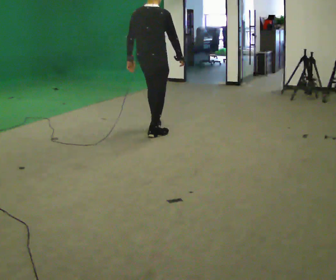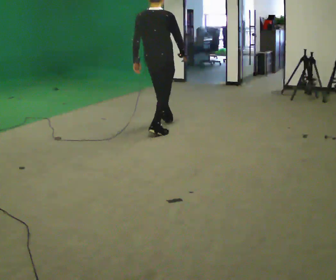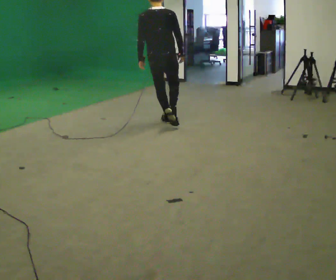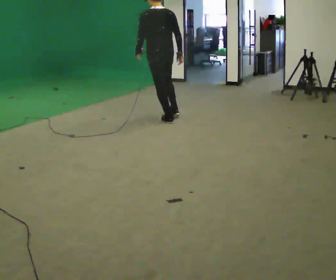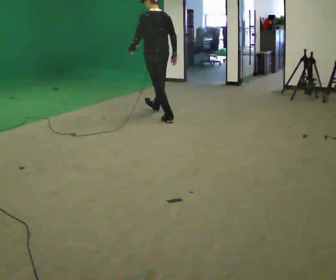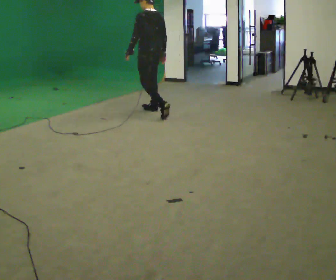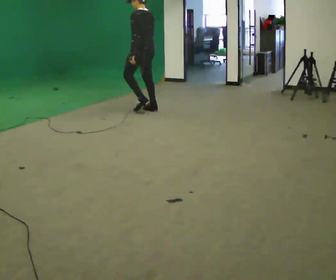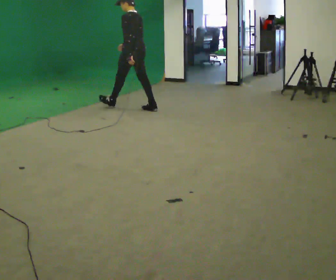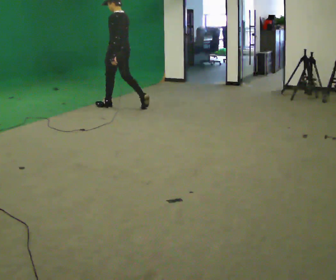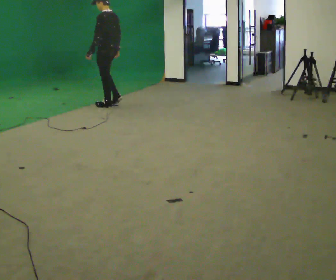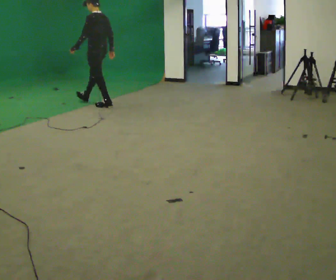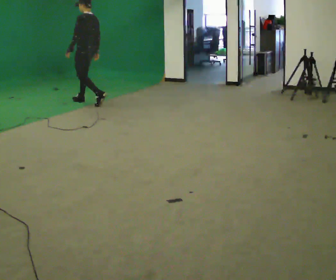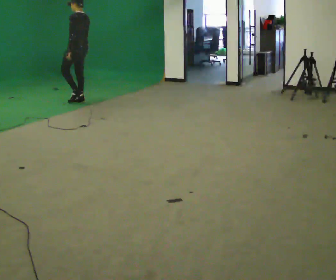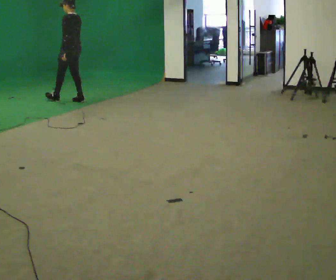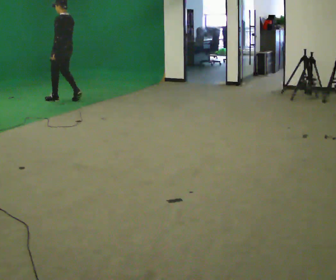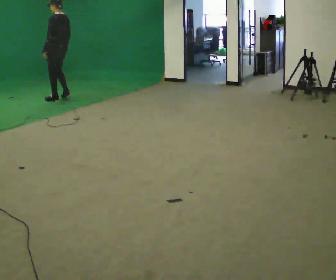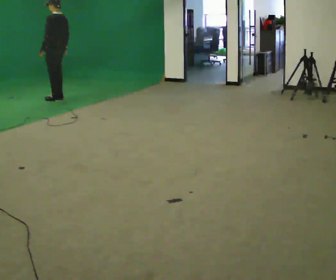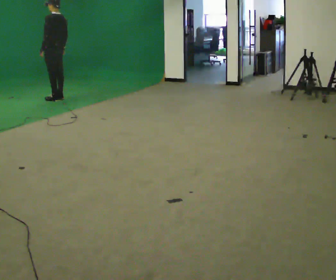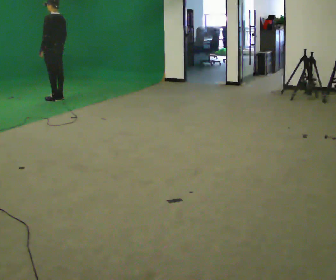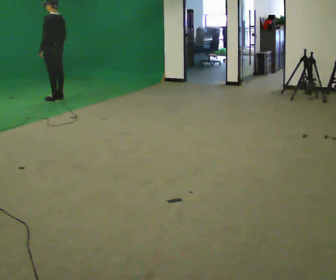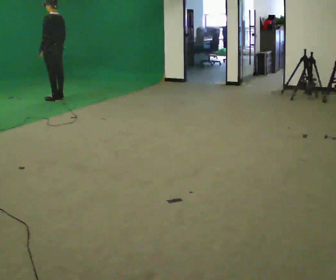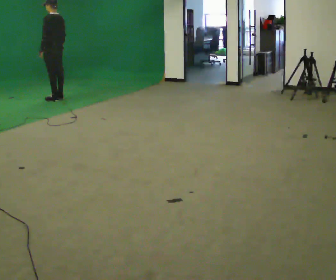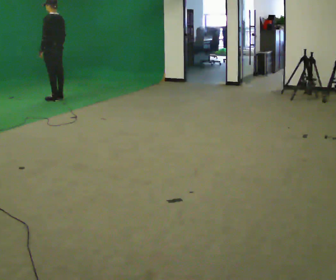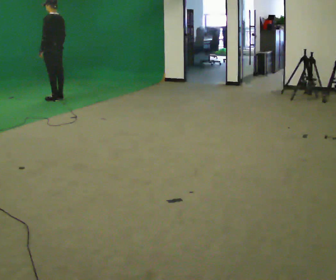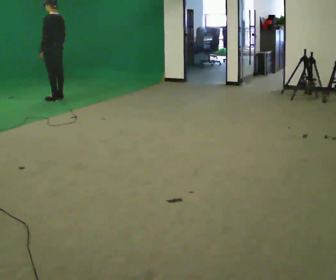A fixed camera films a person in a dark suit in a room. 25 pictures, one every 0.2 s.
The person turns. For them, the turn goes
to their left.
The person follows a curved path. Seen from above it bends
counterclockwise.
0.0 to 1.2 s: Seen from above the body turns counterclockwise, about 90 degrees: to their left, with its near side sliding to the right. In the picture they go away from the camera, about 1 m in 2 steps.
1.2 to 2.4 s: In the picture they go to the left and away from the camera, about 1.5 m in 2 steps, which for them is forward.
2.4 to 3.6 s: In the picture they go to the left and away from the camera, about 0.5 m in 2 steps, which for them is forward.
3.6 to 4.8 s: The person keeps their place and pose.
The film runs forward here.
